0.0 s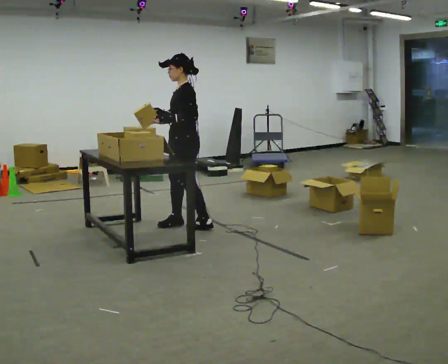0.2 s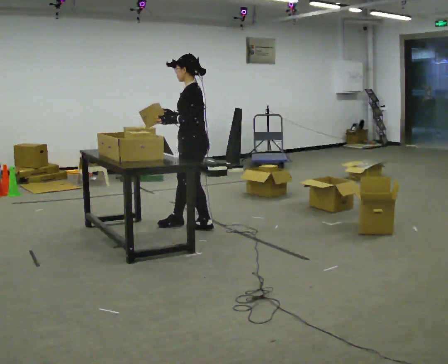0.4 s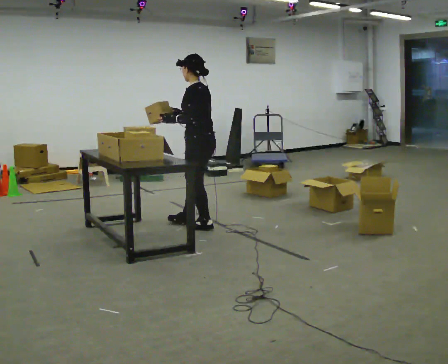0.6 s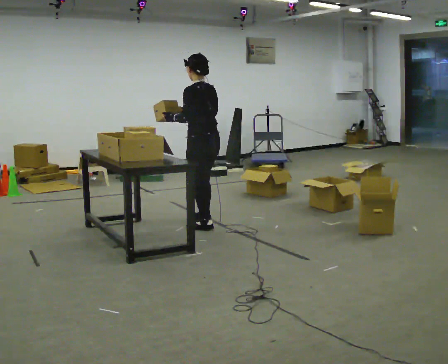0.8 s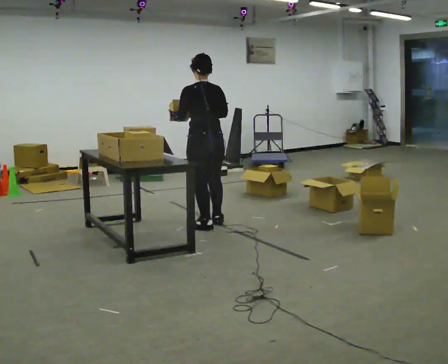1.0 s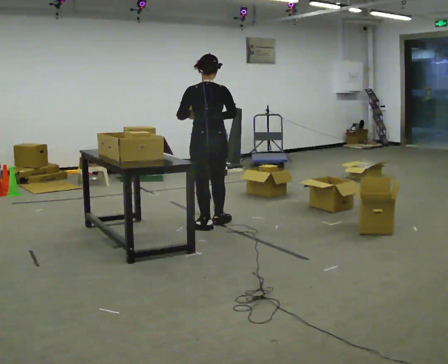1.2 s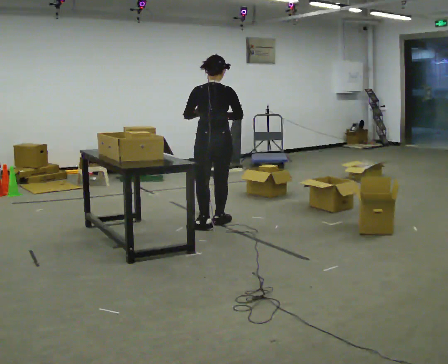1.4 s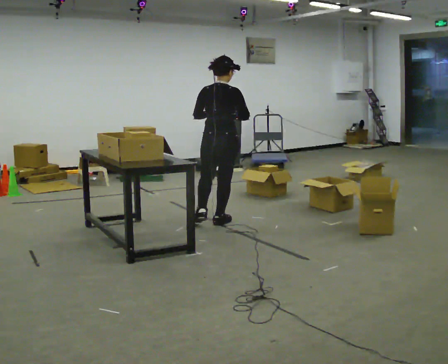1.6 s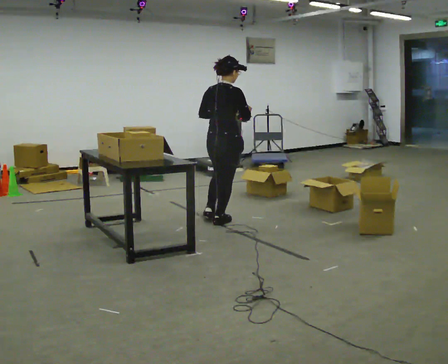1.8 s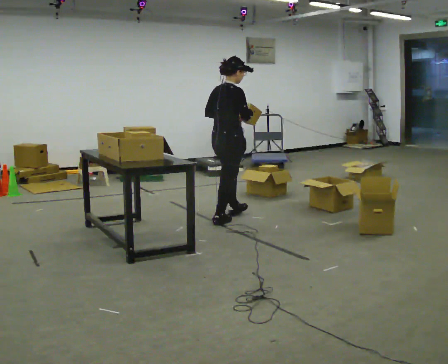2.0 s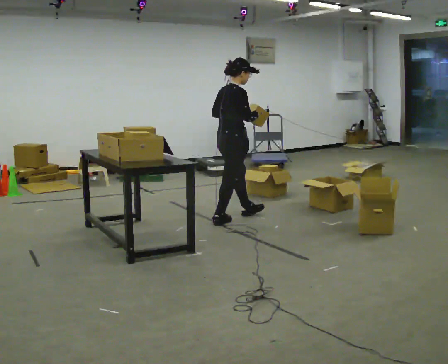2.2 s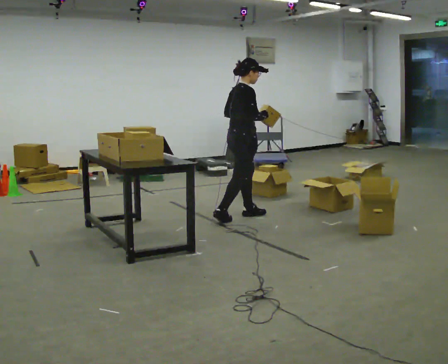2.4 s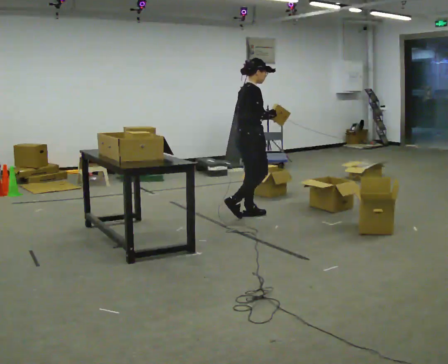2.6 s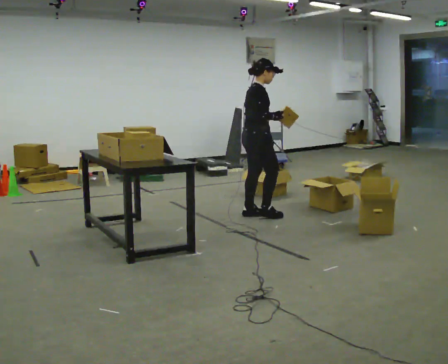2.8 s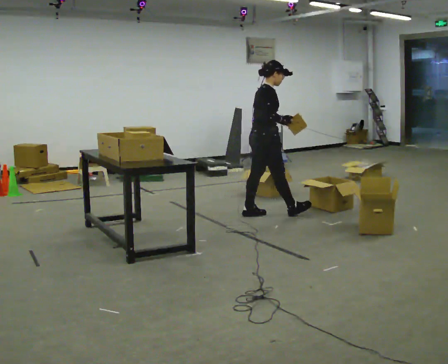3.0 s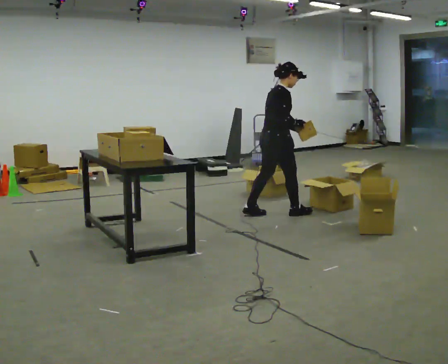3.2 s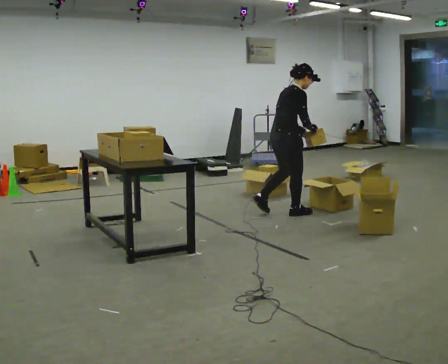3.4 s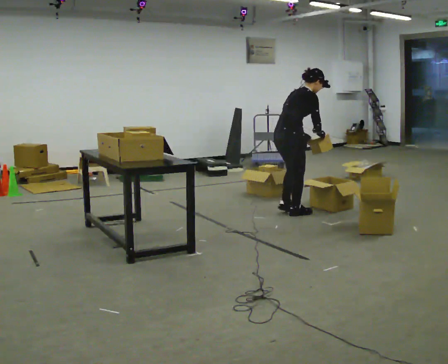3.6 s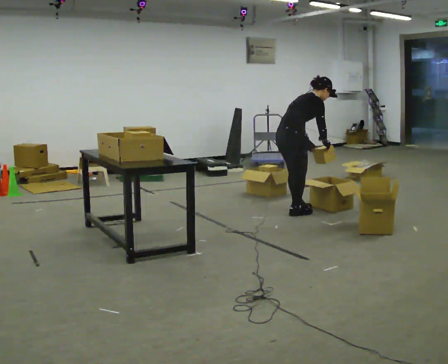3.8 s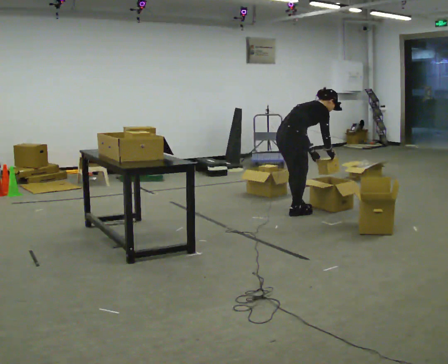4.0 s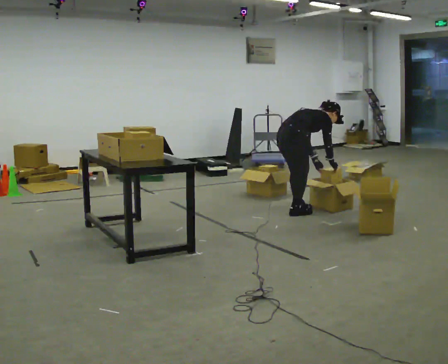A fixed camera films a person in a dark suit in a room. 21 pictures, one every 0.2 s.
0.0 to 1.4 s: Seen from above the body turns clockwise, about 120 degrees: to their right, with its near side sliding to the left. In the picture they go to the right, about 0.25 m in 1 step.
1.4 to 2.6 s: The person turns about 60 degrees to their right, clockwise seen from above, so the part of the body nearest the lens slides to the left. In the picture they go to the right and away from the camera, about 0.5 m in 1 step.
2.6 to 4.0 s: In the picture they go to the right, about 0.5 m in 2 steps, which for them is forward. The upper body goes downward. In the picture the upper body tilts clockwise, shoulders to the right, as they bend forward. In the picture their left hand goes downward.
The film runs forward here.
